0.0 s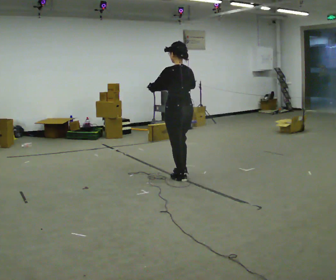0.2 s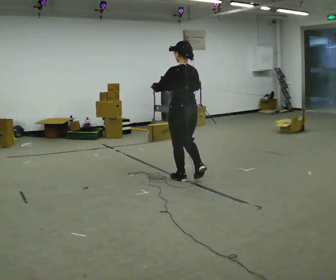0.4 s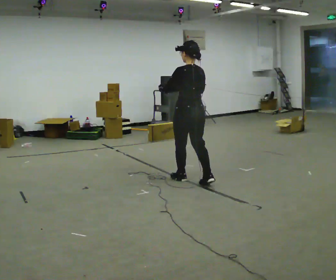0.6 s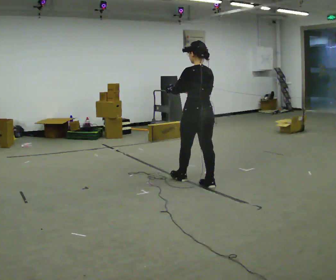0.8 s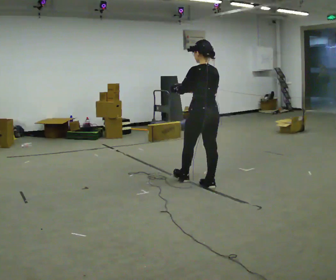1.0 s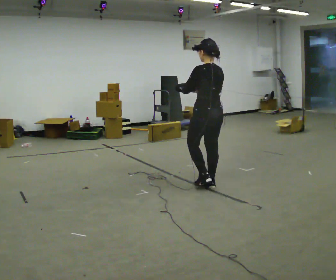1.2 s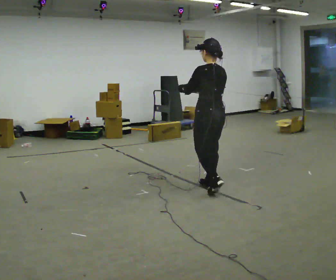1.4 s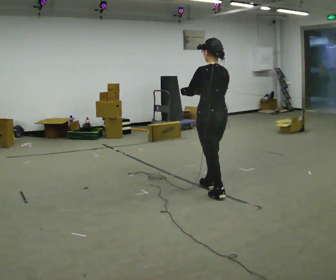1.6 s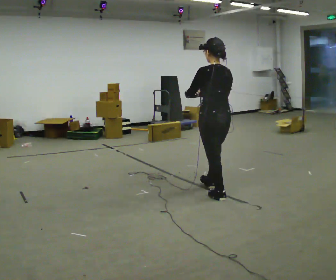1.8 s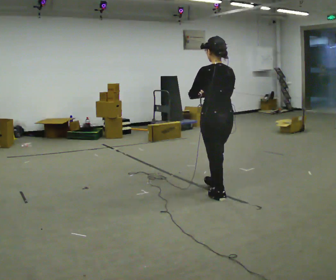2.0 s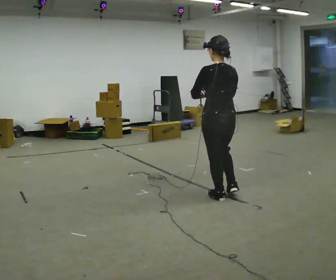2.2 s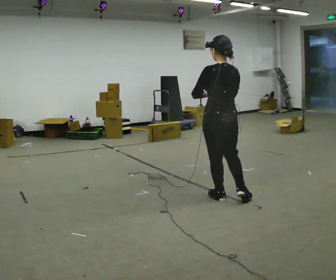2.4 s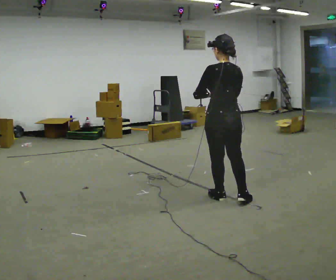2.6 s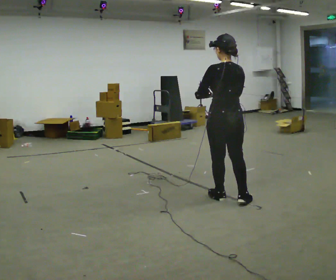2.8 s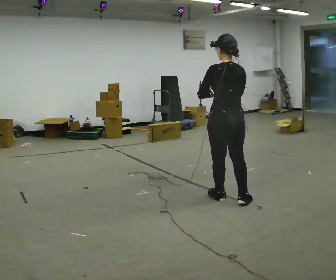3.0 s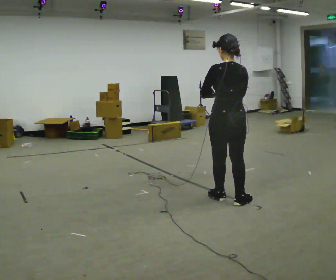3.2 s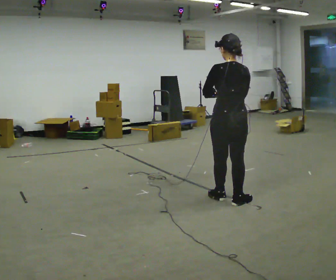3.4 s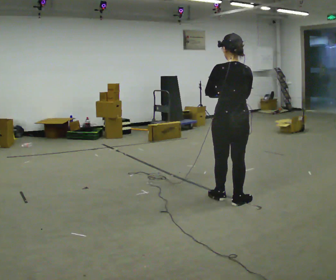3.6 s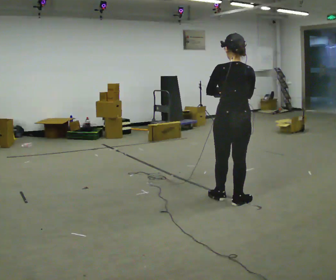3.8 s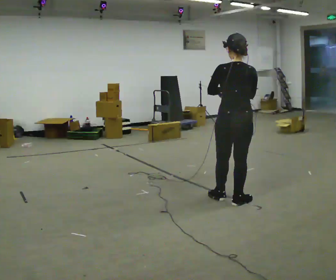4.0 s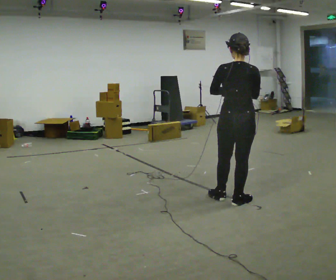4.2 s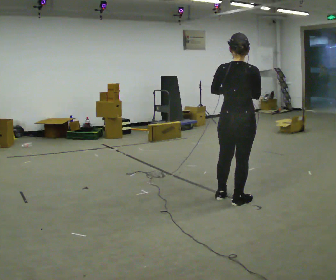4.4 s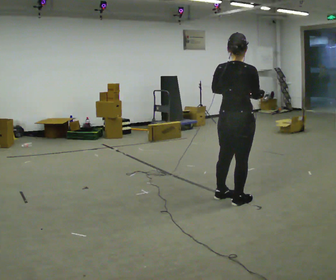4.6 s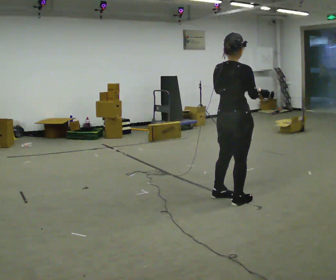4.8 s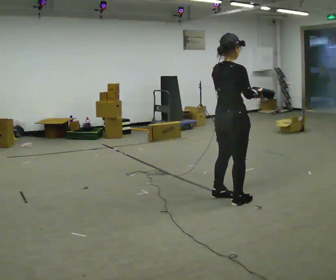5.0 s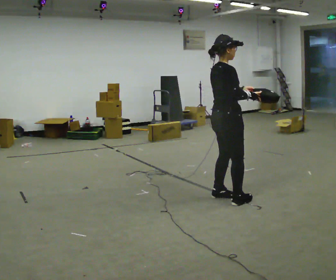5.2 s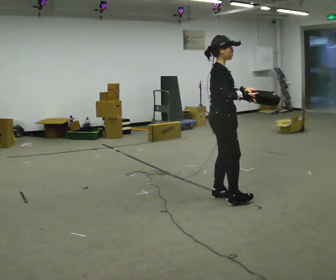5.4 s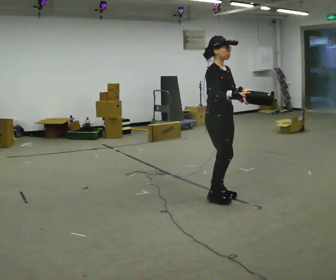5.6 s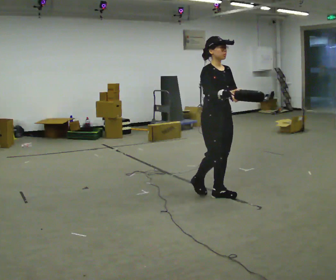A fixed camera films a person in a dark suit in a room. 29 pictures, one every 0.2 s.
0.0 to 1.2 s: In the picture they go to the right and toward the camera, about 0.5 m in 1 step, which for them is backward.
1.2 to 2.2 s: In the picture they go toward the camera and to the right, about 0.25 m in 1 step, which for them is backward.
2.2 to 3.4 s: The person moves a little, or ends about where they began.
3.4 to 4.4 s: The person turns about 30 degrees to their right, clockwise seen from above, so the part of the body nearest the lens slides to the left.
4.4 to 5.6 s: The part of the body nearest the lens slides to the left as the person turns to their right by about 105 degrees. In the picture they go to the left and away from the camera, about 0.25 m in 1 step.
The film runs backward here.
